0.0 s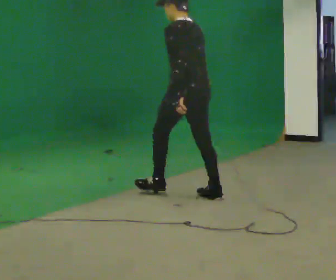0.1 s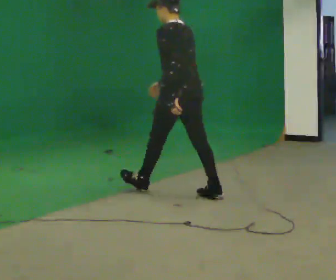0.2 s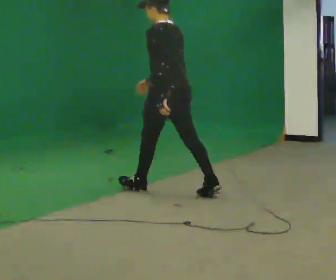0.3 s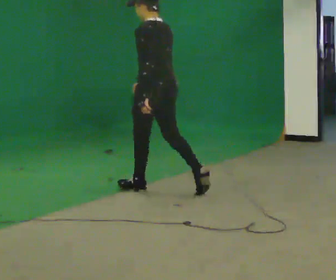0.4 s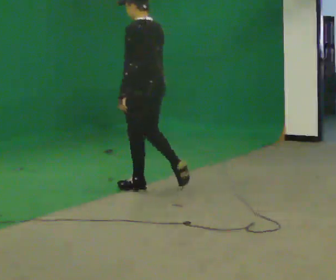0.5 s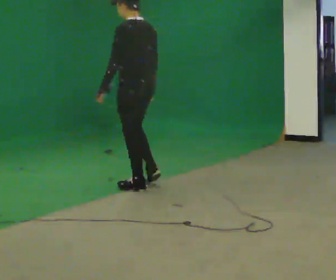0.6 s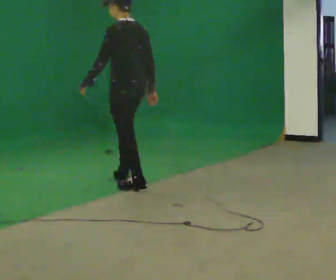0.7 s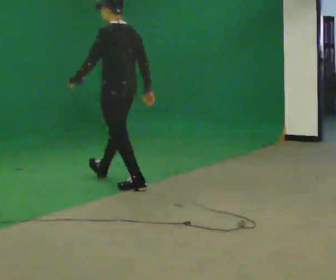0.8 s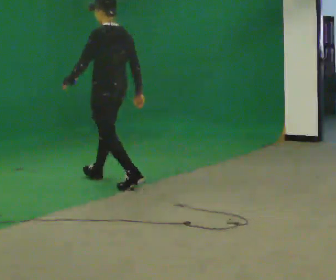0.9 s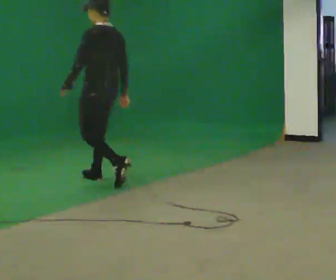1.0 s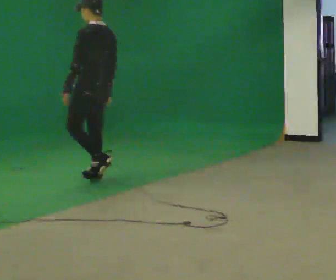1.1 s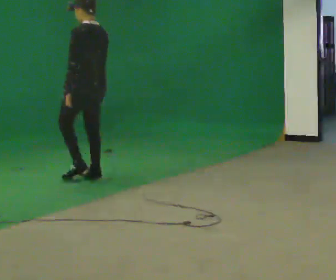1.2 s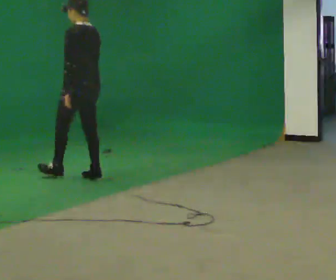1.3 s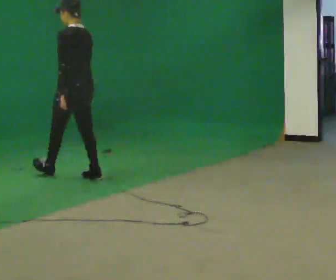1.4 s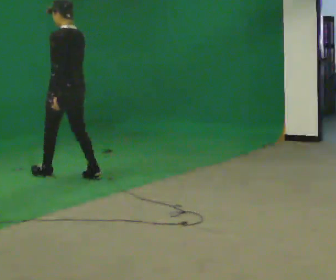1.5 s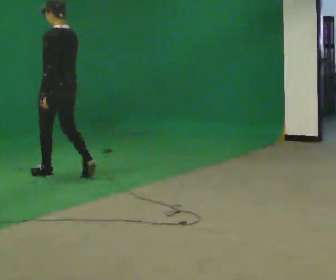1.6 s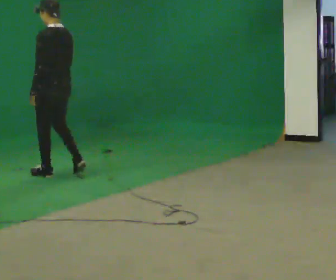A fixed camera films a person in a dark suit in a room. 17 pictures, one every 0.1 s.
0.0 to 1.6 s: In the picture they go to the left and away from the camera, about 1.5 m in 3 steps, which for them is forward.
The film runs forward here.
